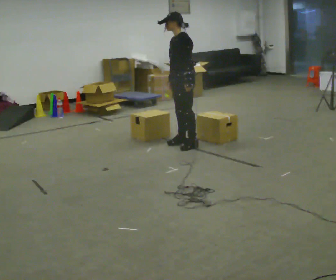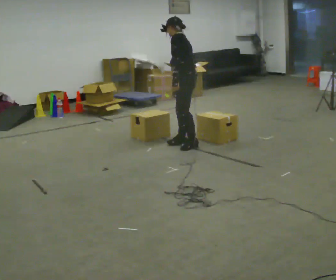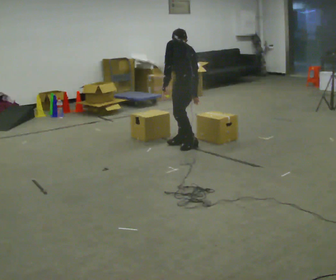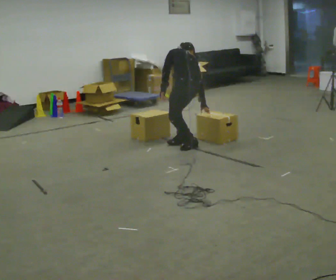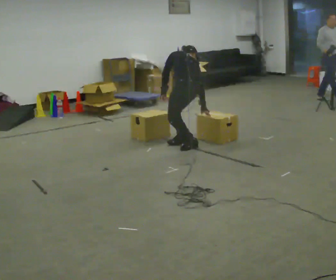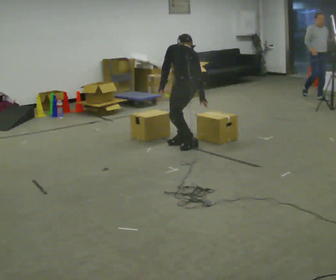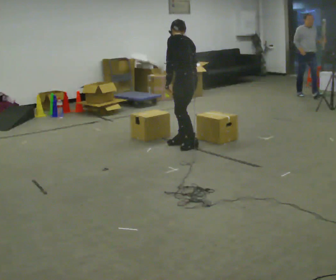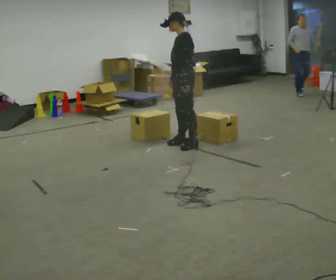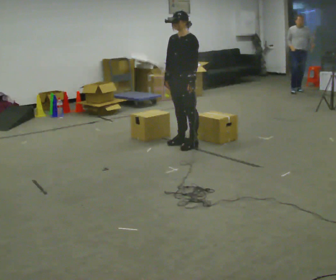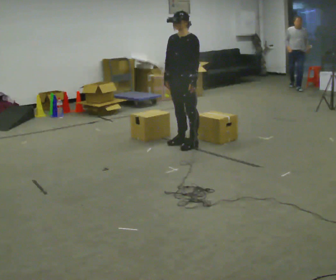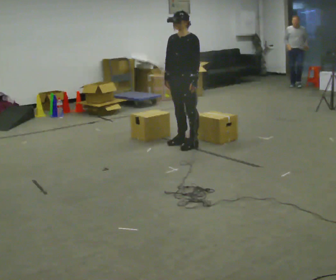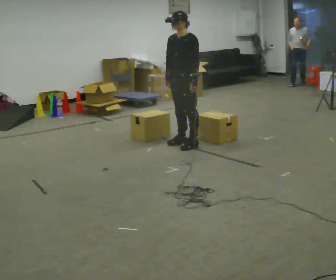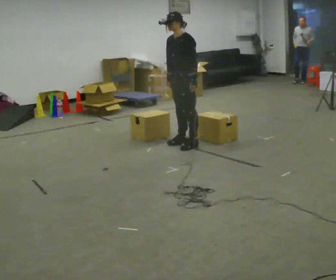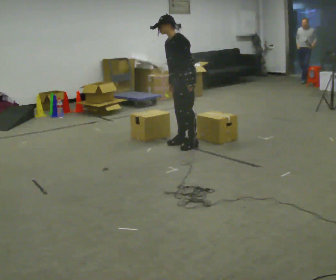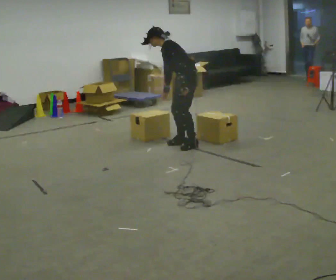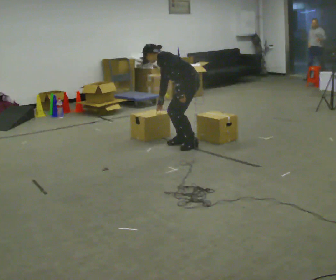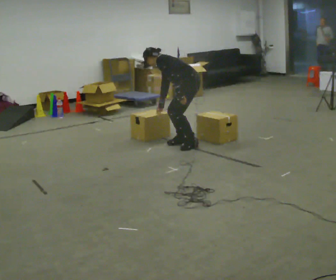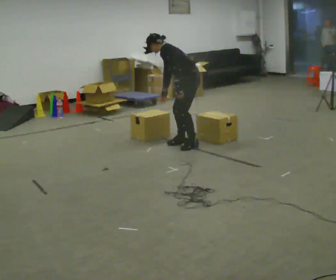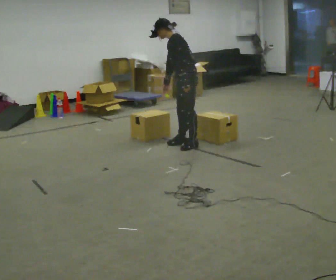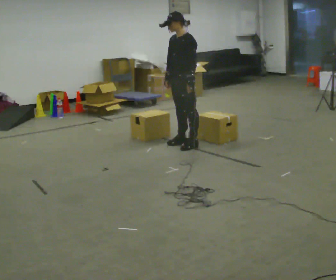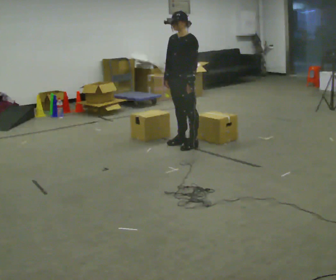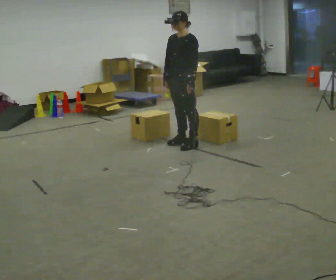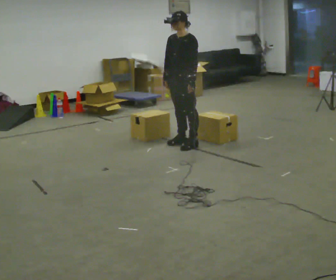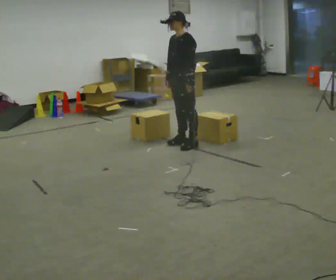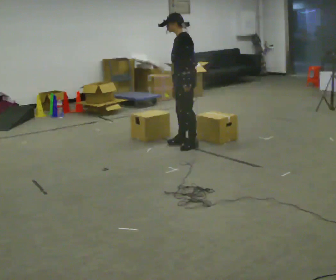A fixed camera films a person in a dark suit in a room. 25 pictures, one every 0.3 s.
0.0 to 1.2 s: The person turns about 75 degrees to their right, clockwise seen from above, so the part of the body nearest the lens slides to the left. In the picture they go toward the camera, about 0.25 m. The shoulders move downward. The upper body tips away from the camera, its near side rolling upward, as they bend forward.
1.2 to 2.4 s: Seen from above the body turns counterclockwise, about 90 degrees: to their left, with its near side sliding to the right. In the picture they go away from the camera, about 0.25 m. The shoulders move upward. The upper body tips toward the camera, its near side rolling downward, as they lean back or straighten. In the picture their right hand goes to the left and upward.
2.4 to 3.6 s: The person moves a little, or ends about where they began.
3.6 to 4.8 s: The part of the body nearest the lens slides to the left as the person turns to their right by about 45 degrees. The upper body goes downward. In the picture the upper body tilts counterclockwise, shoulders to the left, as they bend forward.
4.8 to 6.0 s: Seen from above the body turns counterclockwise, about 45 degrees: to their left, with its near side sliding to the right. The shoulders move upward. In the picture the upper body tilts clockwise, shoulders to the right, as they lean back or straighten.
6.0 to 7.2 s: The person moves a little, or ends about where they began.
The film runs backward here.
